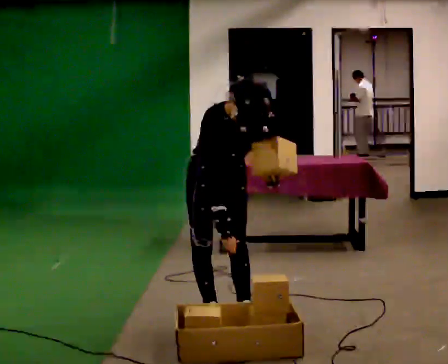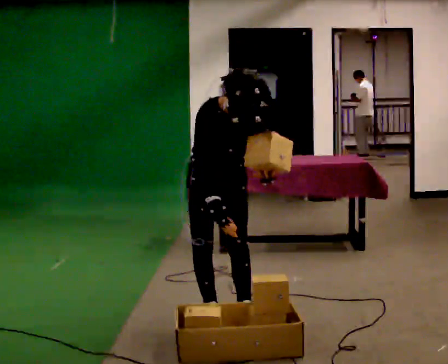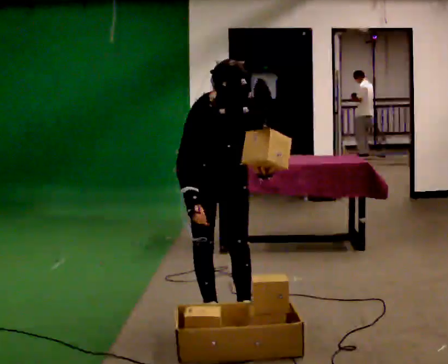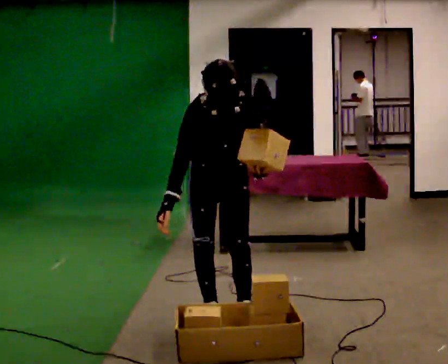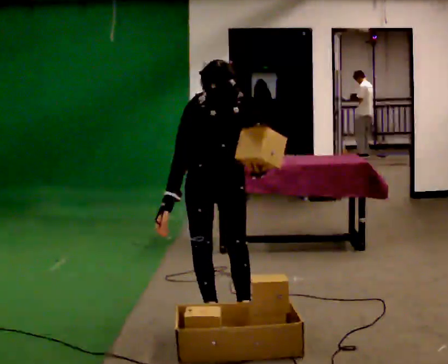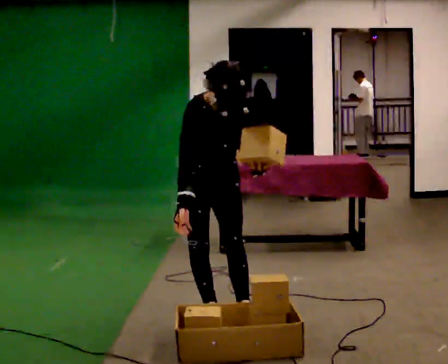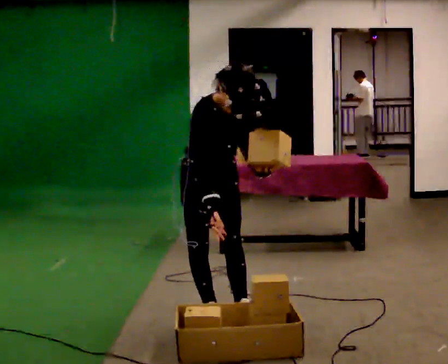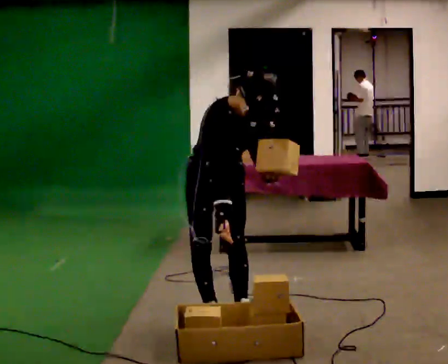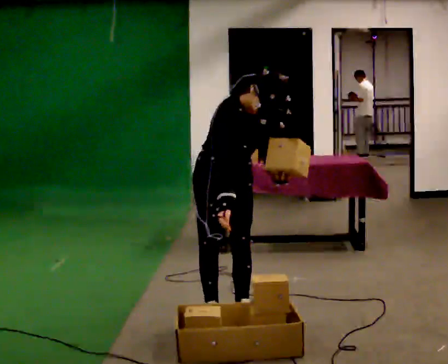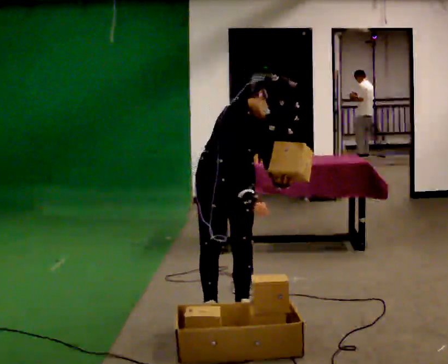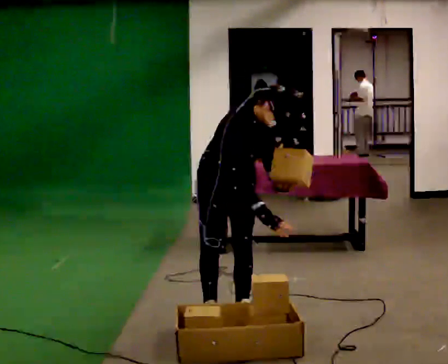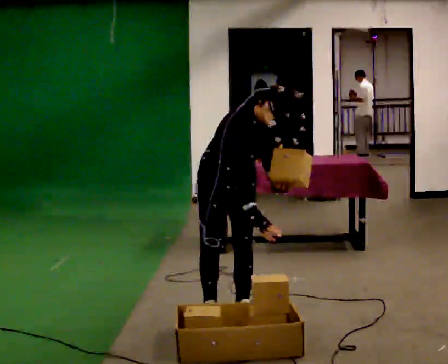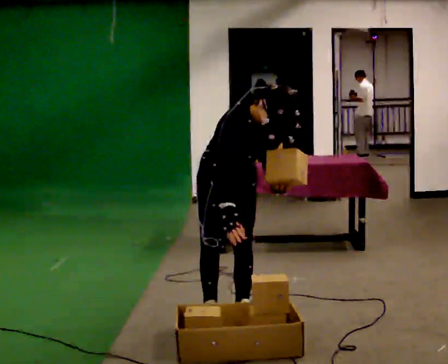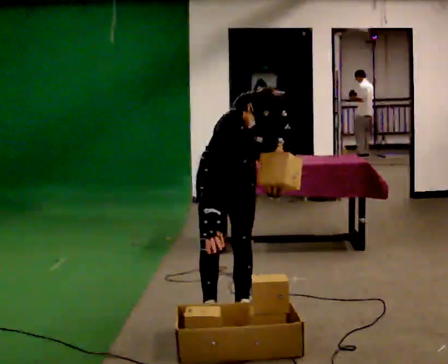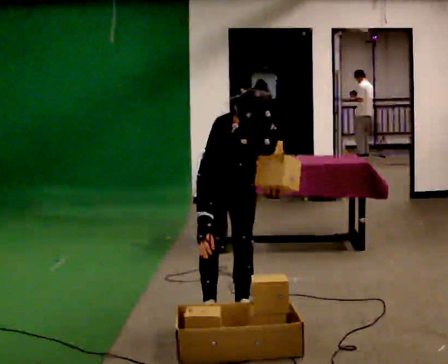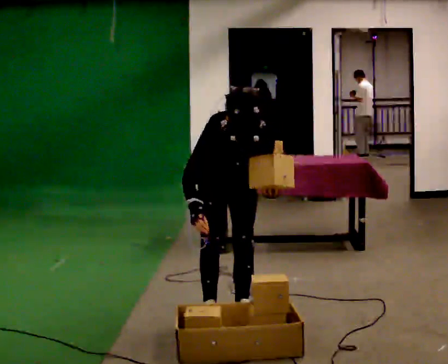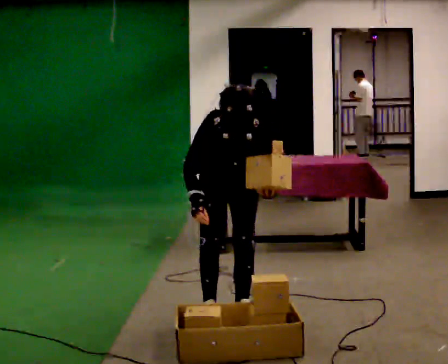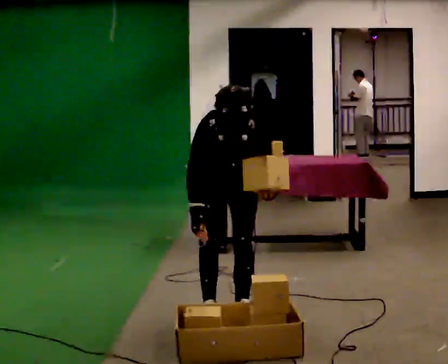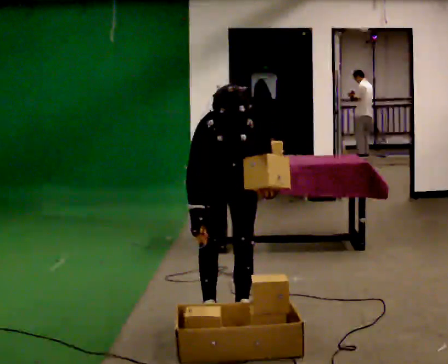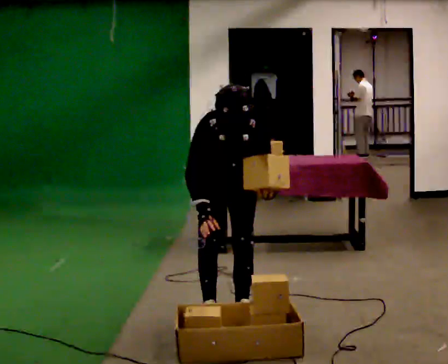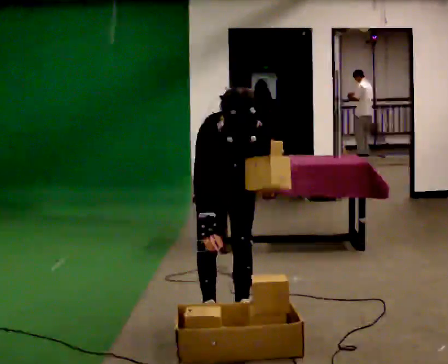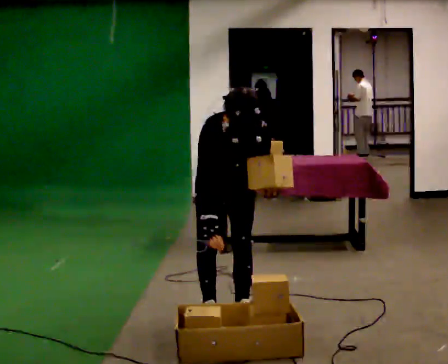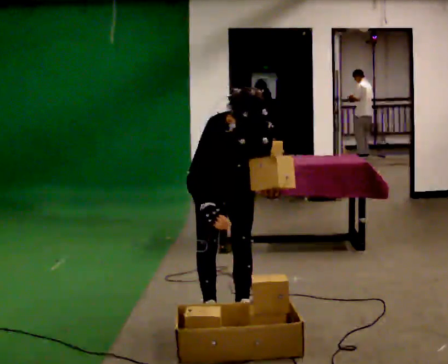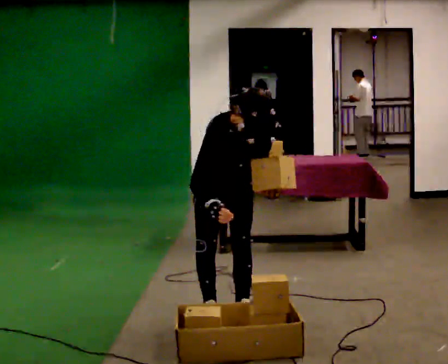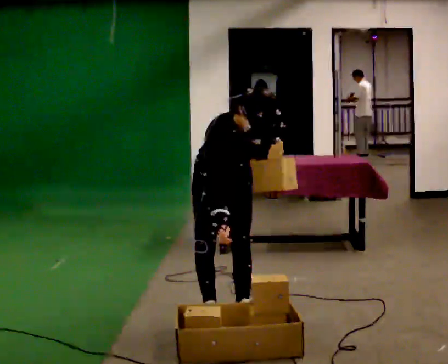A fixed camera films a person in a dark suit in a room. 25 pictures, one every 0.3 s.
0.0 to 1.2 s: In the picture the upper body tilts counterclockwise, shoulders to the left, as they lean back or straighten.
1.2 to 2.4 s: In the picture the upper body tilts clockwise, shoulders to the right.
2.4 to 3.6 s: The person moves a little, or ends about where they began.
3.6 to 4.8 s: In the picture the upper body tilts counterclockwise, shoulders to the left.
4.8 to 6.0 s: The person moves a little, or ends about where they began.
6.0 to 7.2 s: In the picture the upper body tilts clockwise, shoulders to the right.
The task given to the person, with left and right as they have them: Carry the object across the room, open the lid of the container, put the object inside, and close the lid again. Then go back for the next one. Keep going until the operator says stop; one object at a time, and do not rush between trips.
The film runs forward here.
